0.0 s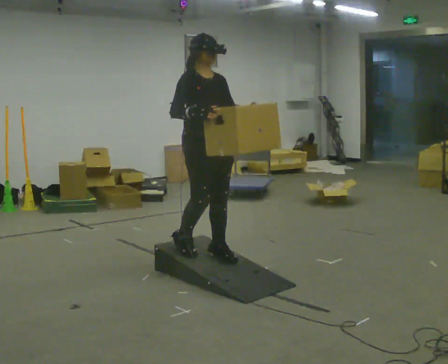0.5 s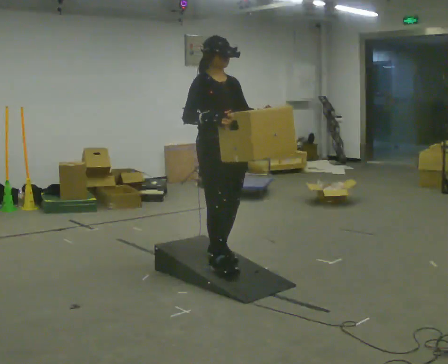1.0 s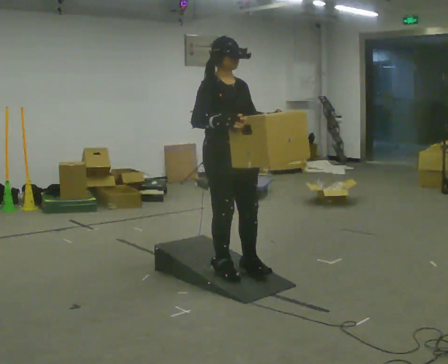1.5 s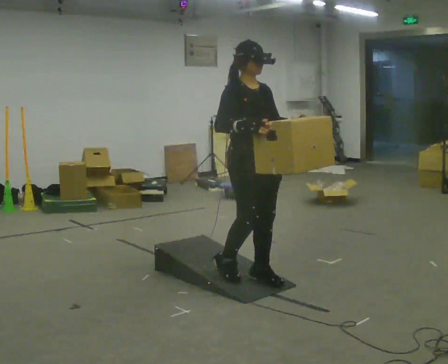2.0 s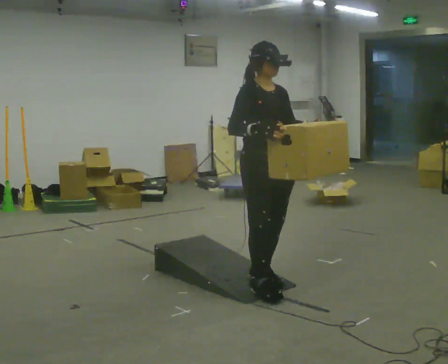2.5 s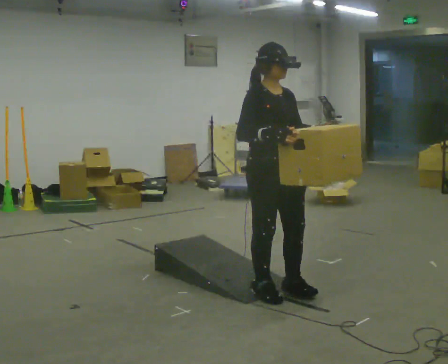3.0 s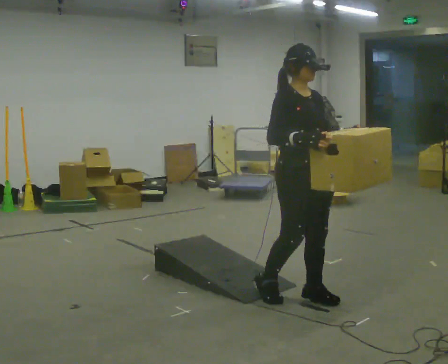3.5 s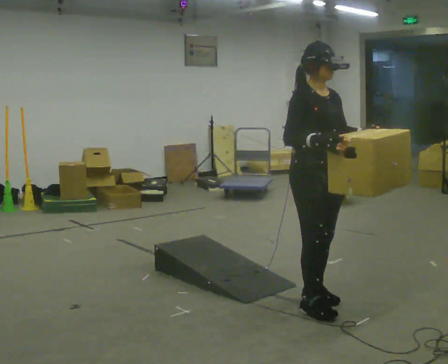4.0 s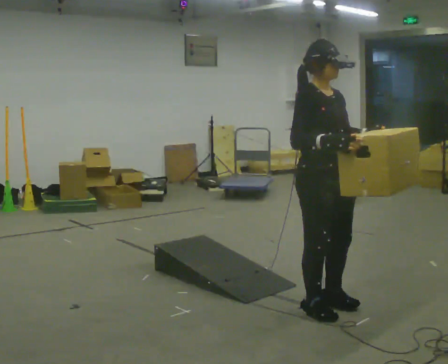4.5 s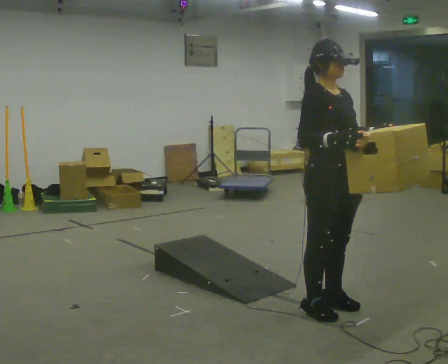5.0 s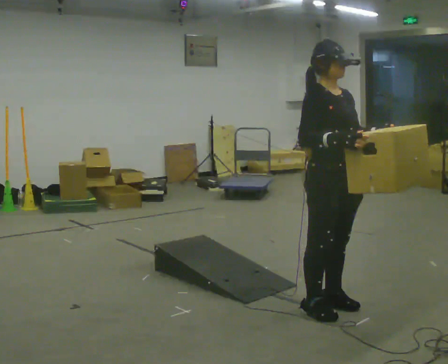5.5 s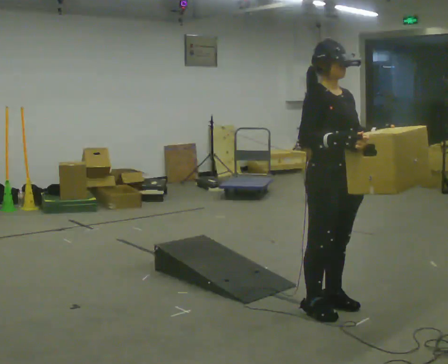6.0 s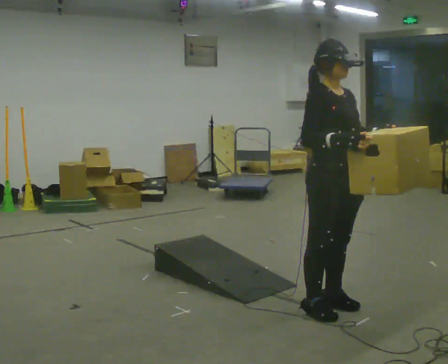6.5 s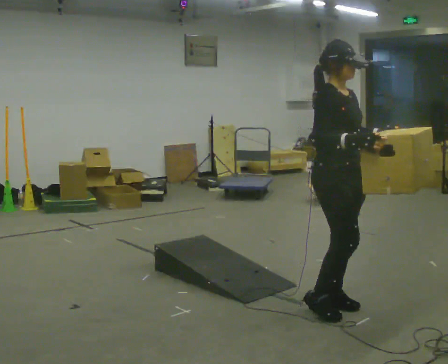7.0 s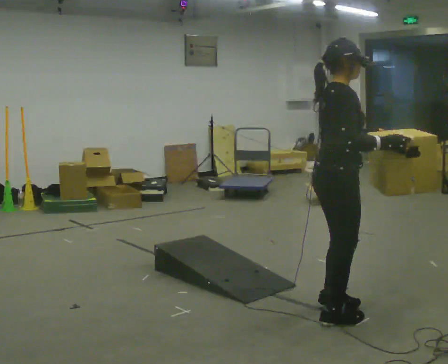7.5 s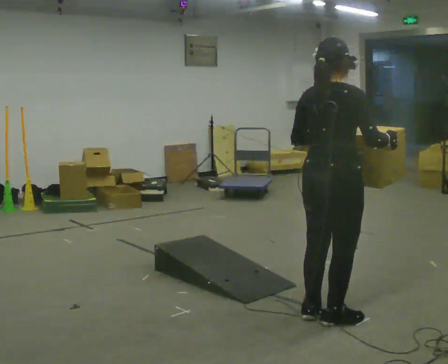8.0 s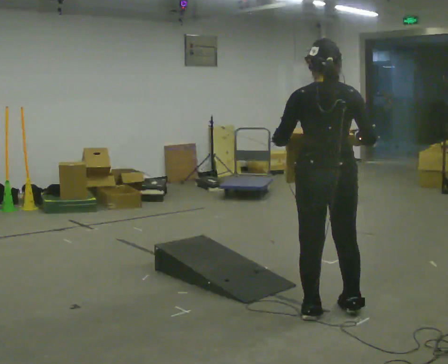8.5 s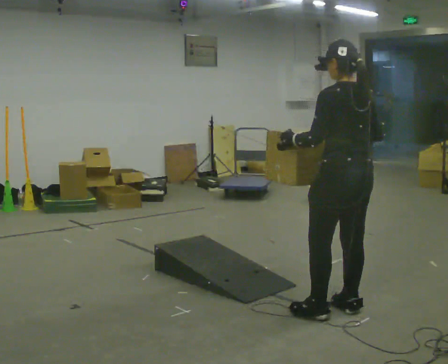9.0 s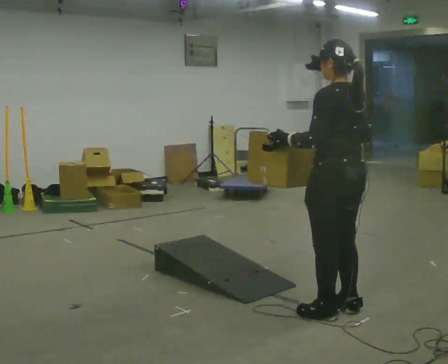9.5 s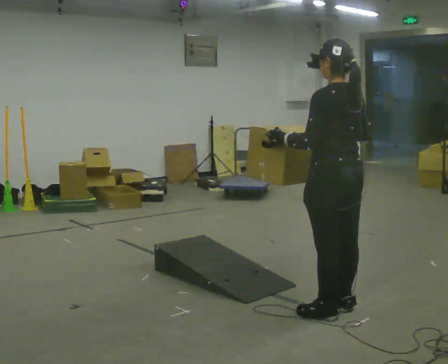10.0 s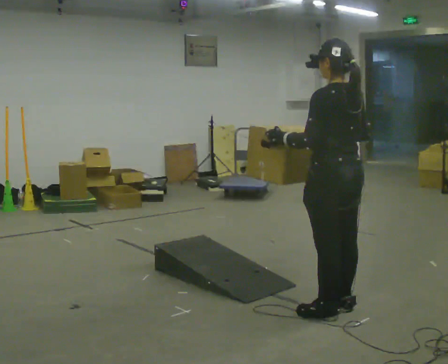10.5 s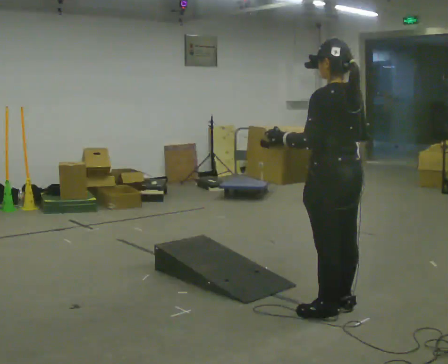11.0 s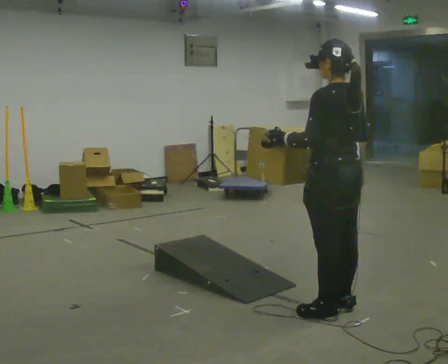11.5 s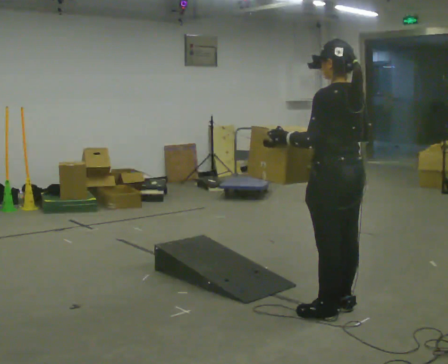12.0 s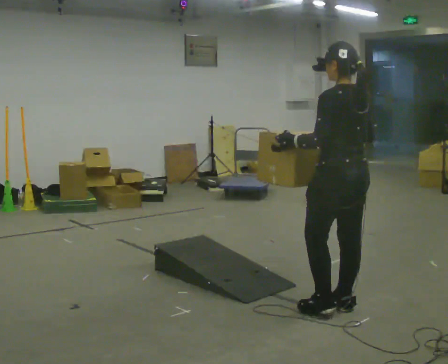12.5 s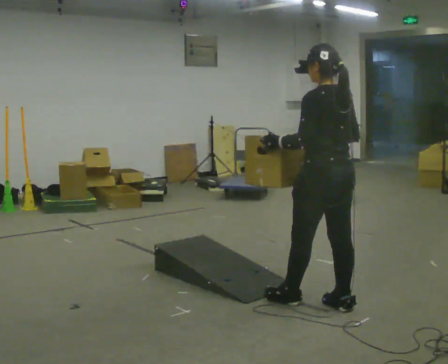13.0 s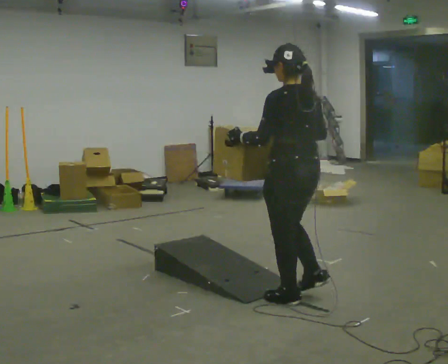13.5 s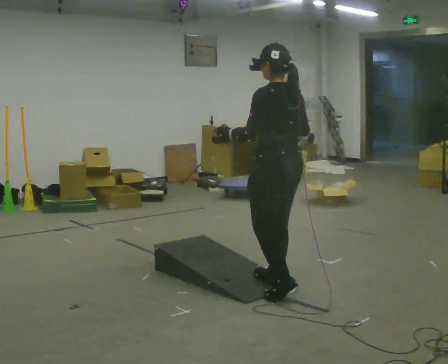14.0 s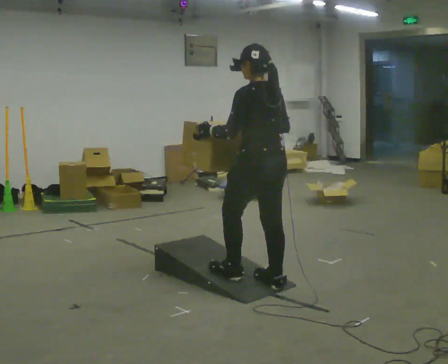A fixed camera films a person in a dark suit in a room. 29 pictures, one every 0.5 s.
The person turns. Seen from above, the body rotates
counterclockwise.
The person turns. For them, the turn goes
to their left.
0.0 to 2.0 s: In the picture they go to the right and toward the camera, about 0.5 m in 3 steps, which for them is forward.
2.0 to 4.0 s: In the picture they go toward the camera and to the right, about 0.5 m in 3 steps, which for them is forward.
4.0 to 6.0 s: The person moves a little, or ends about where they began.
6.0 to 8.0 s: Seen from above the body turns counterclockwise, about 135 degrees: to their left, with its near side sliding to the right. In the picture their left hand goes to the left.
8.0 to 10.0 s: The part of the body nearest the lens slides to the right as the person turns to their left by about 30 degrees.
10.0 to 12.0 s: The person moves a little, or ends about where they began.
12.0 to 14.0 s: In the picture they go to the left and away from the camera, about 0.75 m in 3 steps, which for them is forward.
The film runs forward here.
